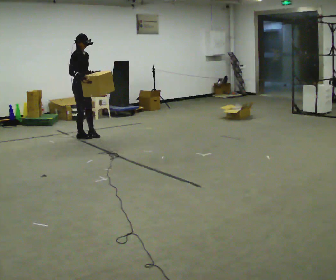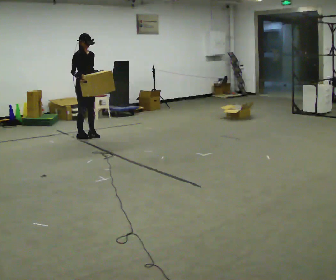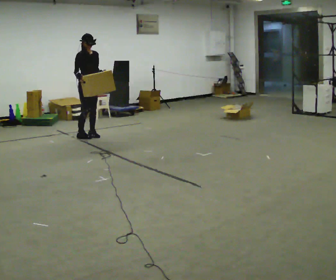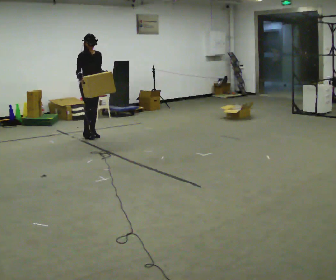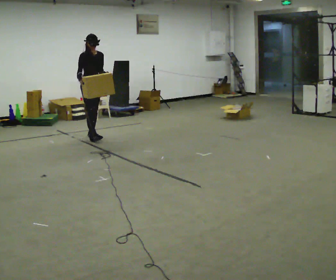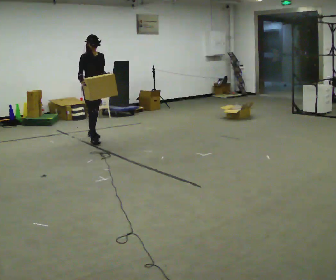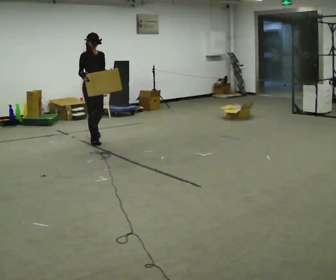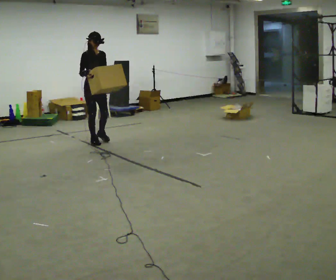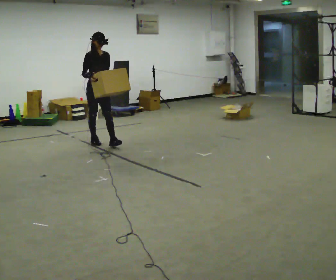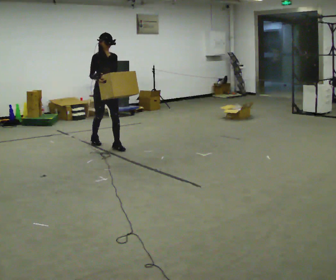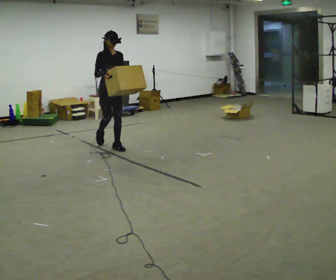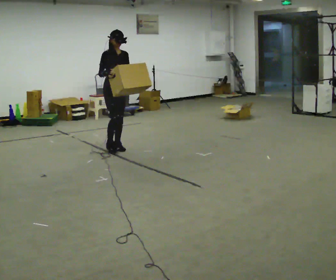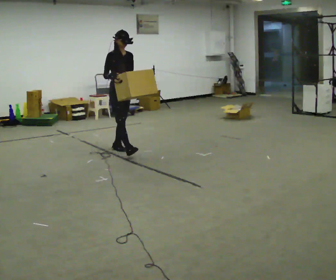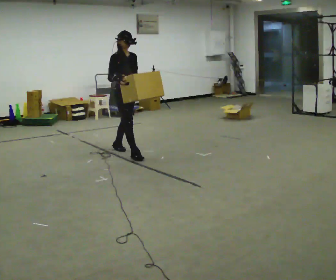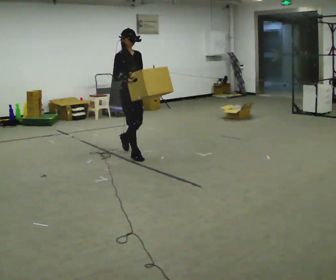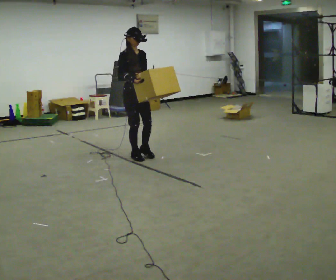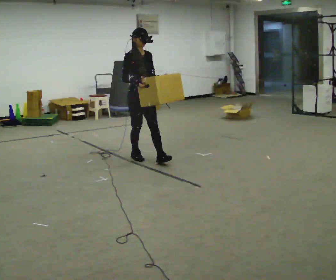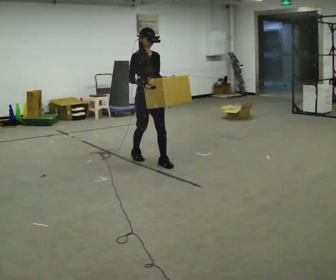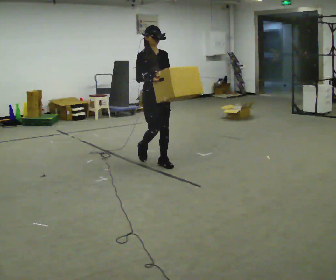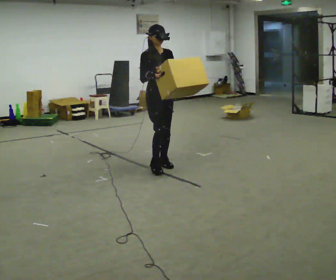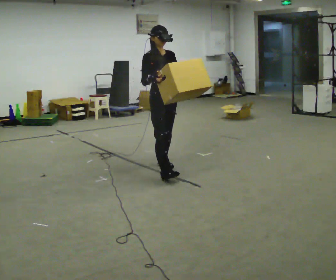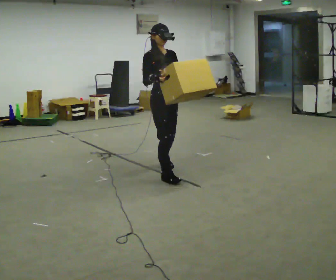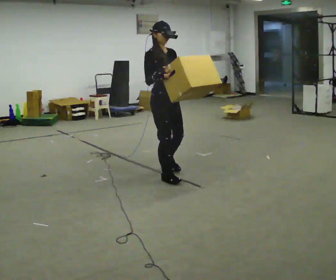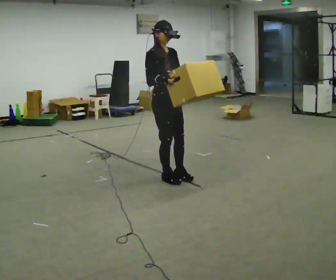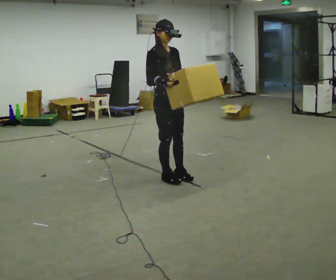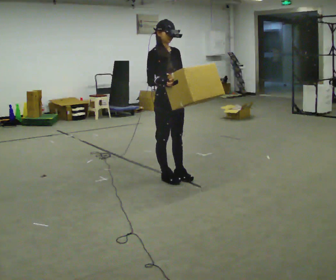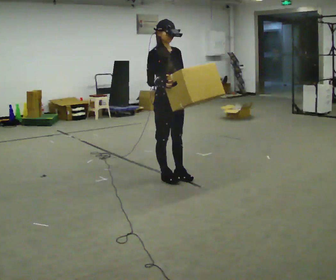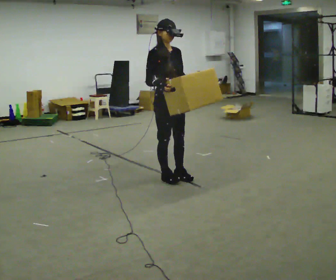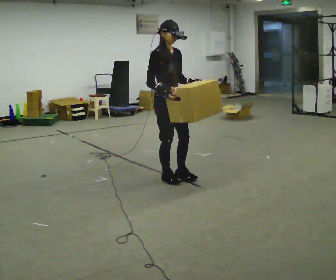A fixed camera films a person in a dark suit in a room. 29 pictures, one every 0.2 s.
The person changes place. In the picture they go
toward the camera.
0.0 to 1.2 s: The part of the body nearest the lens slides to the left as the person turns to their right by about 30 degrees. In the picture they go toward the camera and to the right, about 0.25 m in 1 step, which for them is forward.
1.2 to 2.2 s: In the picture they go toward the camera and to the right, about 0.5 m in 1 step, which for them is forward.
2.2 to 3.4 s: In the picture they go toward the camera and to the right, about 1 m in 2 steps, which for them is forward.
3.4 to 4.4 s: In the picture they go toward the camera, about 0.5 m in 1 step, which for them is forward.
4.4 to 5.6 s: The person moves a little, or ends about where they began.
The film runs forward here.
